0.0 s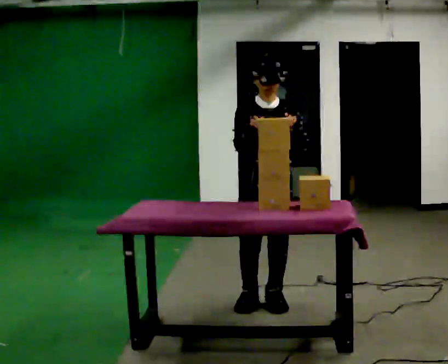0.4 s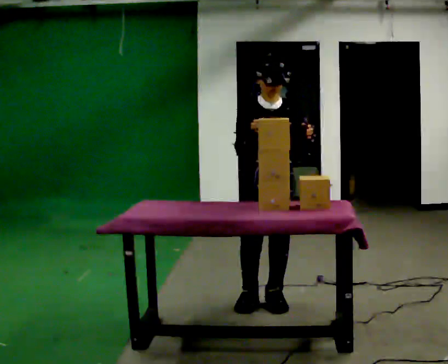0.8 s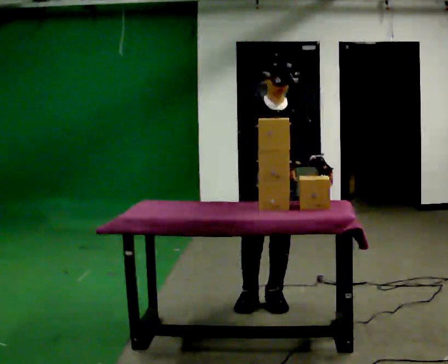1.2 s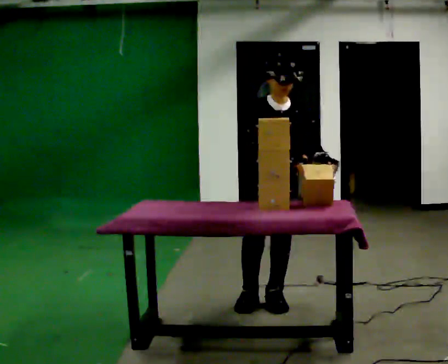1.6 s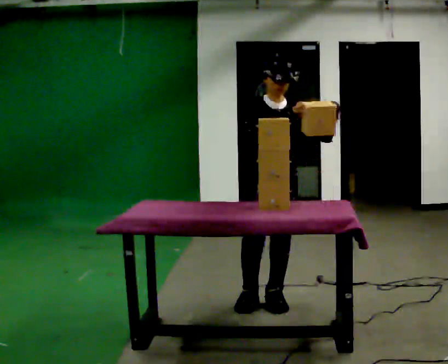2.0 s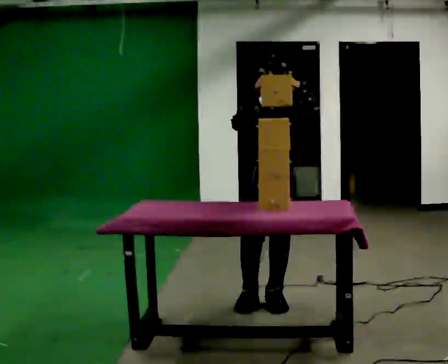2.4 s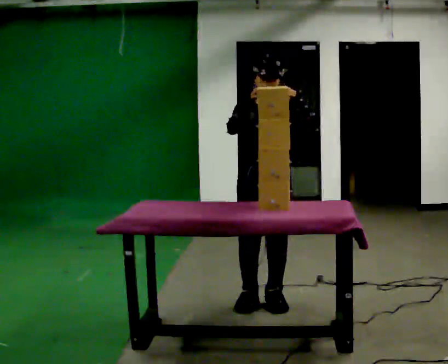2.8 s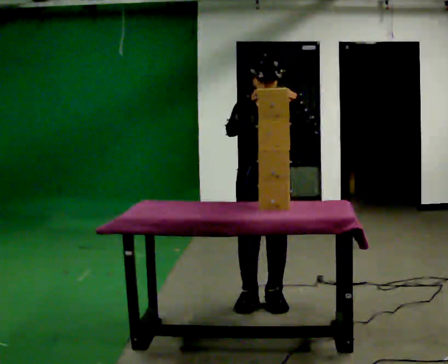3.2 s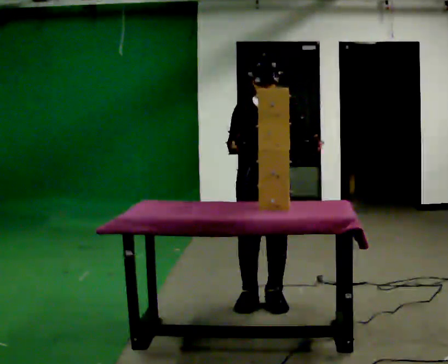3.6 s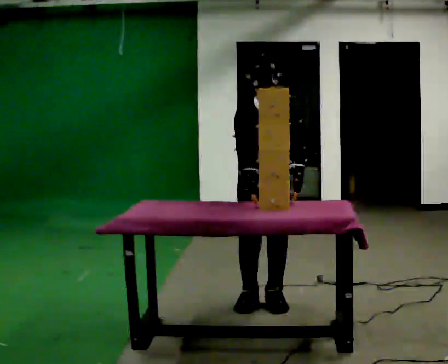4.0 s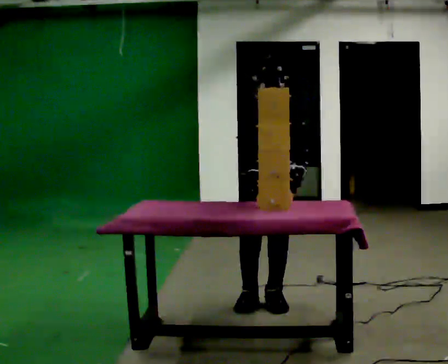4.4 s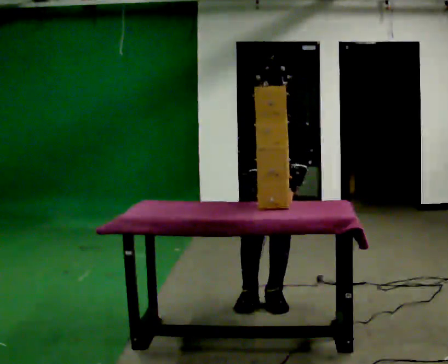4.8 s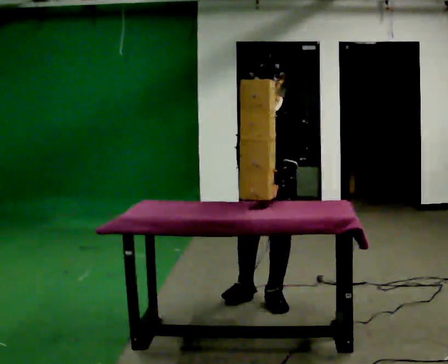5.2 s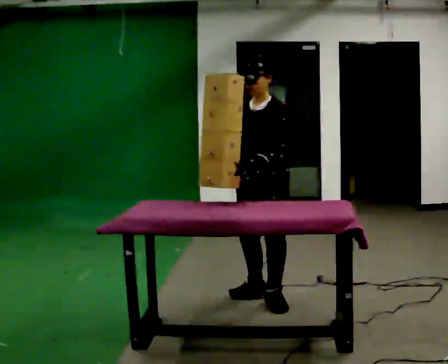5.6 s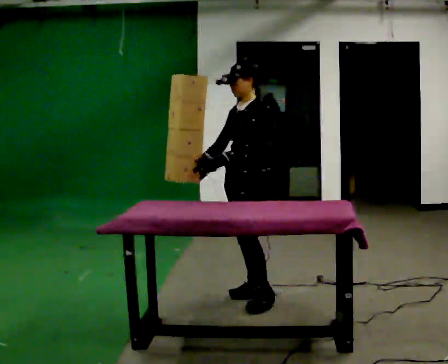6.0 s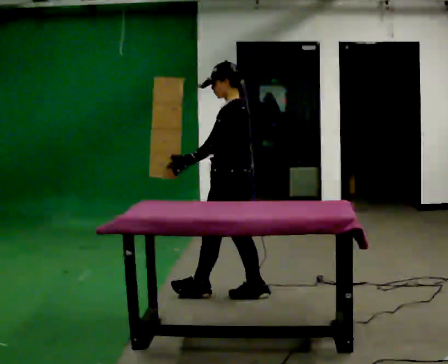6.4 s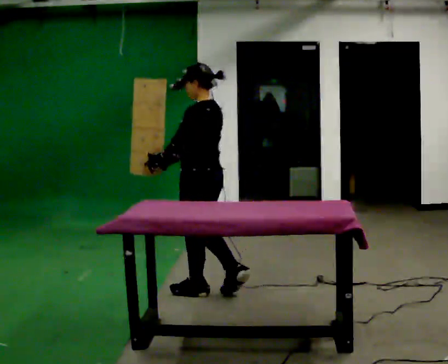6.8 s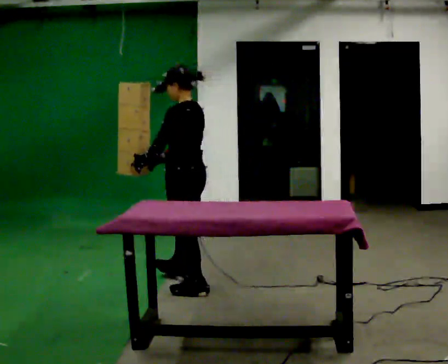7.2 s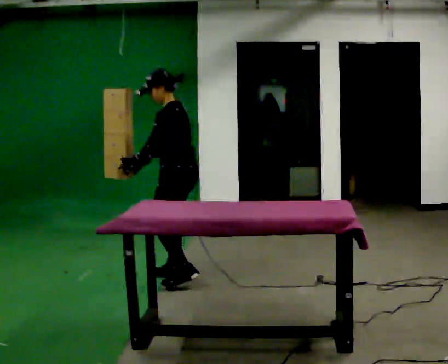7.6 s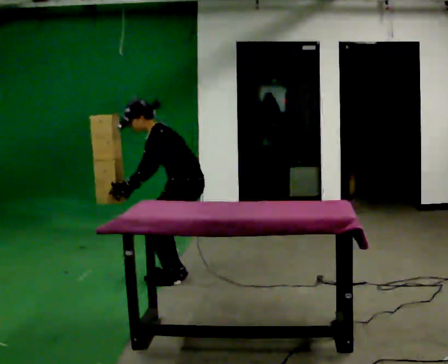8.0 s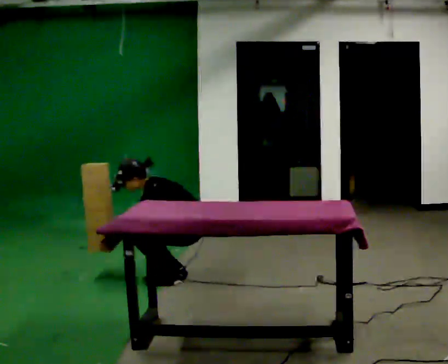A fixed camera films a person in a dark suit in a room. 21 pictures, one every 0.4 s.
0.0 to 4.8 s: The person moves a little, or ends about where they began.
4.8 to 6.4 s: Seen from above the body turns clockwise, about 105 degrees: to their right, with its near side sliding to the left. In the picture they go to the left and away from the camera, about 0.5 m in 2 steps.
6.4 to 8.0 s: Seen from above the body turns counterclockwise, about 30 degrees: to their left, with its near side sliding to the right. In the picture they go away from the camera and to the left, about 0.5 m in 2 steps, which for them is to their right and forward. The shoulders move downward. In the picture the upper body tilts counterclockwise, shoulders to the left, as they bend forward. In the picture their left hand goes downward.
The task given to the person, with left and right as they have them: Carry the object over and line it up with the mark on the surface as accurately as you can. Keep going until the operator says stop; one object at a time, and do not rush between trips.
The film runs forward here.
